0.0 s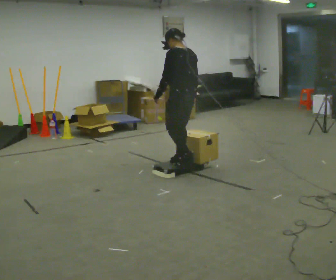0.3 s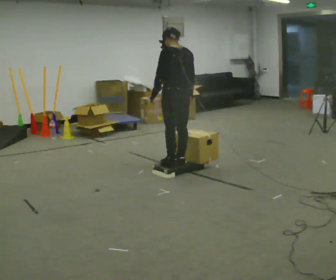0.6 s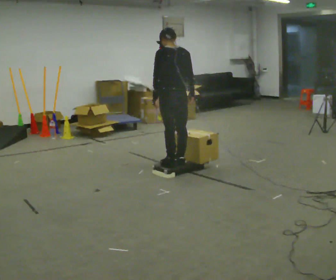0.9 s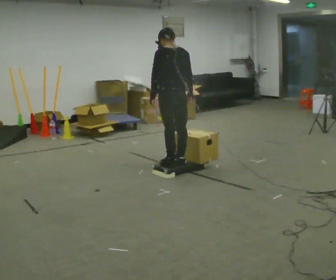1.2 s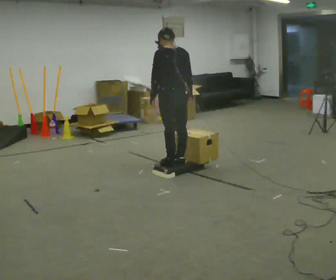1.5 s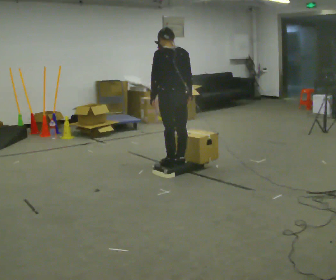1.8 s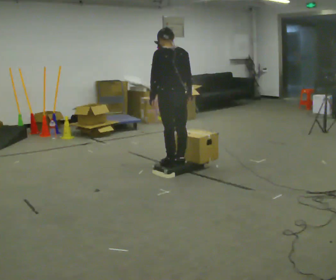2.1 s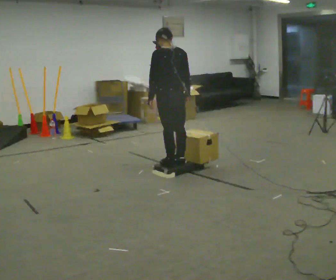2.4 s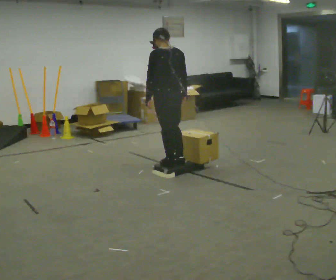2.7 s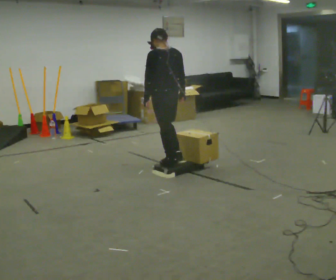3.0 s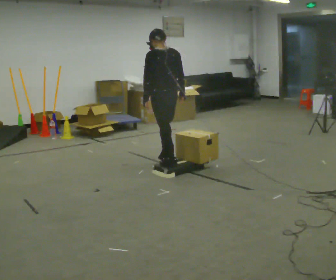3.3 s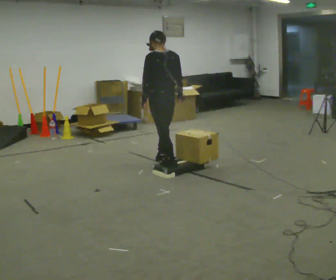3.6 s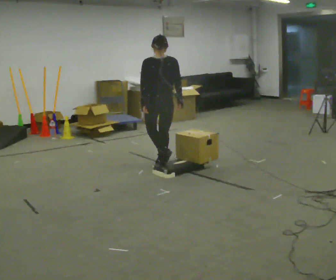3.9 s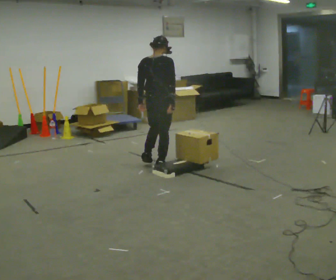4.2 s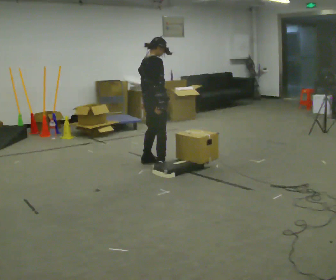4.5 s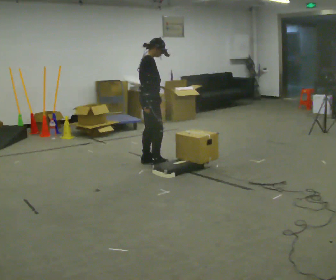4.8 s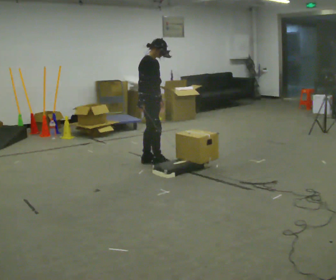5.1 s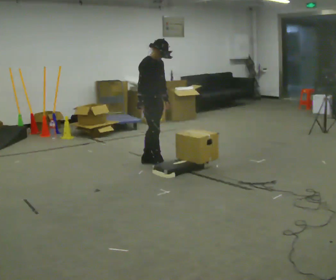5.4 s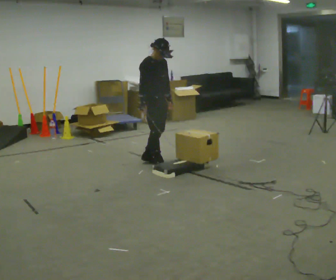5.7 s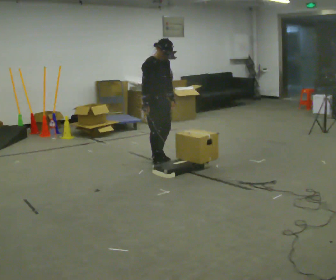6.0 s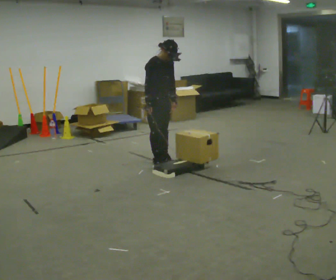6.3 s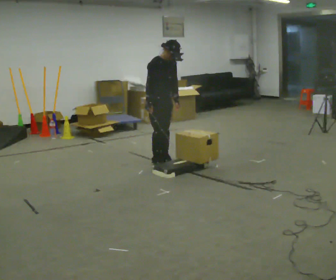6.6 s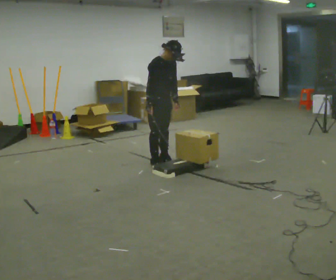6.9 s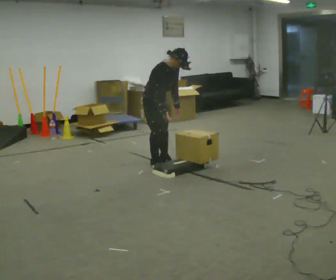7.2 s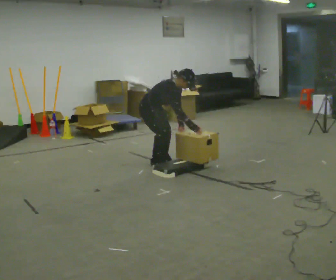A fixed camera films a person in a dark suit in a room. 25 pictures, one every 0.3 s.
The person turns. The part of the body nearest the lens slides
to the left.
The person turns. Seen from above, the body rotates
clockwise.
0.0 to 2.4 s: In the picture they go to the left, about 0.25 m in 1 step, which for them is forward.
2.4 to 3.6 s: In the picture they go away from the camera, about 0.25 m in 1 step, which for them is forward.
3.6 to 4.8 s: The part of the body nearest the lens slides to the left as the person turns to their right by about 120 degrees. In the picture they go away from the camera and to the left, about 0.25 m in 2 steps.
4.8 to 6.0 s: The part of the body nearest the lens slides to the left as the person turns to their right by about 30 degrees.
6.0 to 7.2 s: The shoulders move downward. In the picture the upper body tilts clockwise, shoulders to the right, as they bend forward. In the picture their right hand goes to the right.
The film runs forward here.
